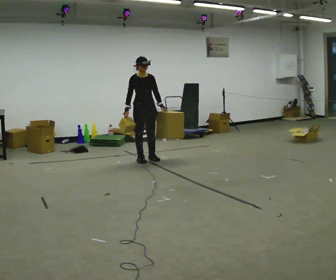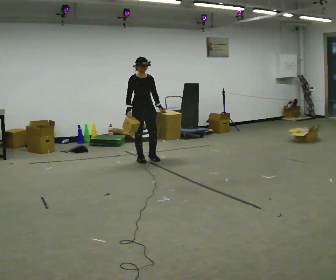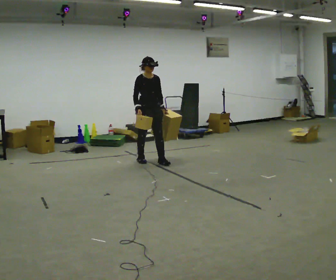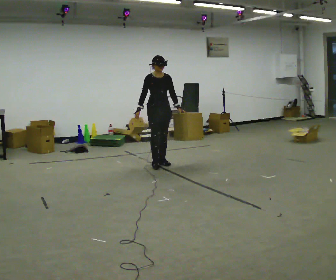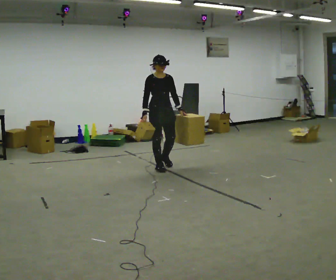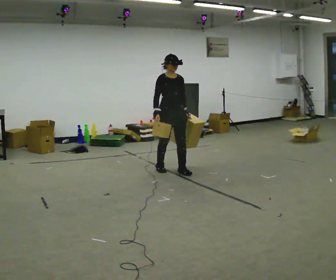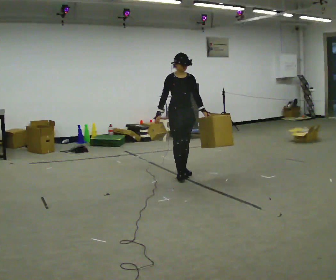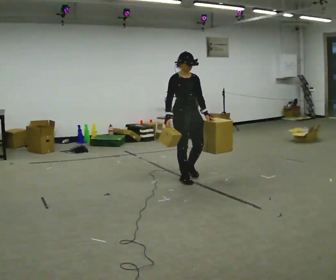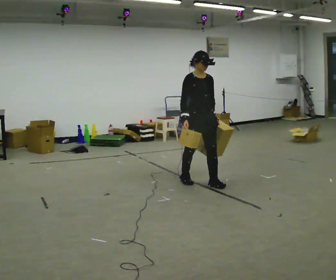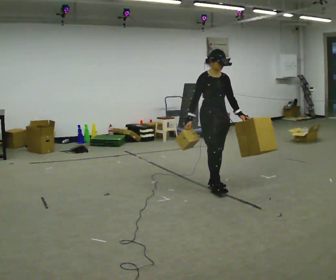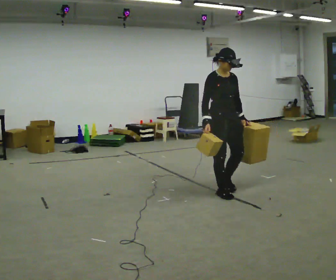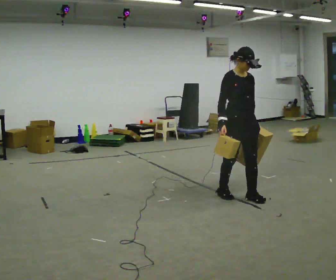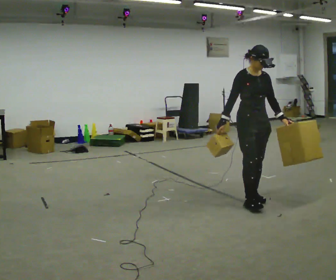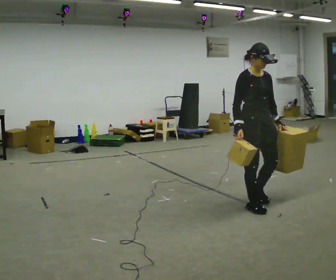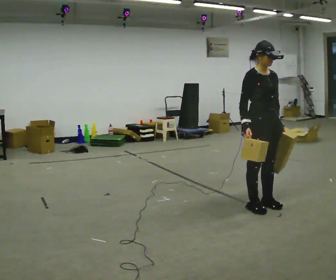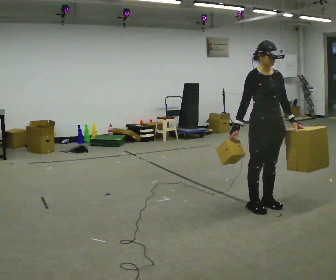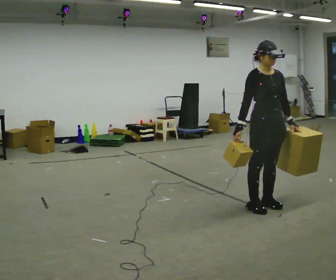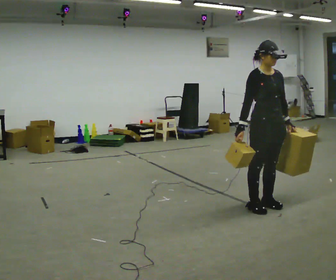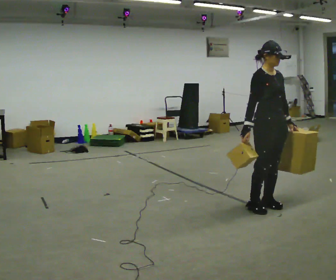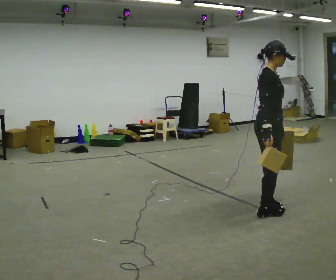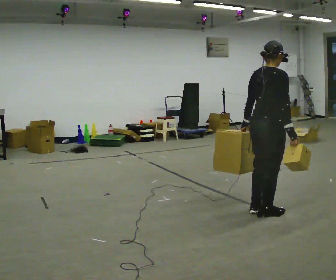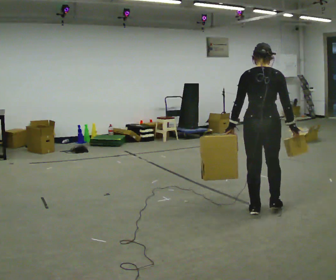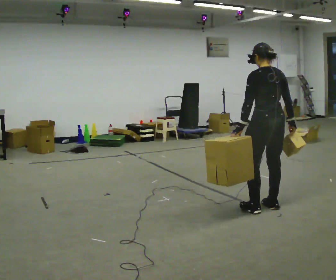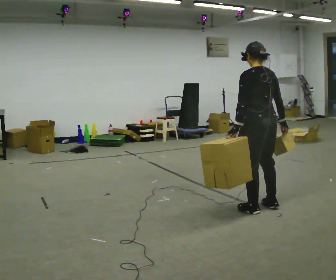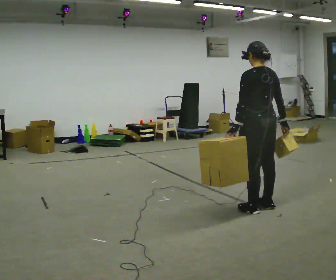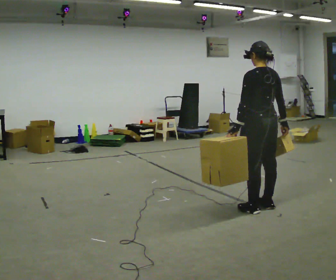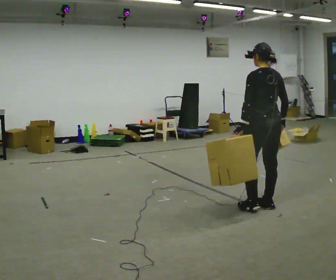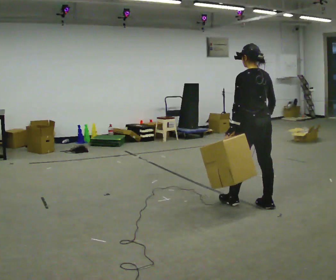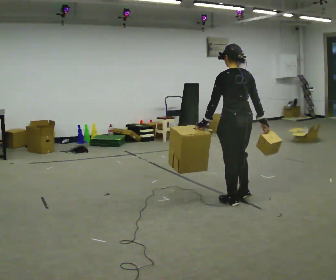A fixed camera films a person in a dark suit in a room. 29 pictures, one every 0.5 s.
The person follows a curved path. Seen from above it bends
clockwise.
0.0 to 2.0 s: In the picture they go toward the camera and to the right, about 0.5 m in 2 steps, which for them is forward.
2.0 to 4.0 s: In the picture they go toward the camera and to the right, about 1 m in 3 steps, which for them is forward.
4.0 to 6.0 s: In the picture they go to the right and toward the camera, about 1 m in 2 steps, which for them is forward.
6.0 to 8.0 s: In the picture they go toward the camera, about 0.25 m in 2 steps, which for them is forward.
8.0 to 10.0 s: The person turns about 105 degrees to their left, counterclockwise seen from above, so the part of the body nearest the lens slides to the right. In the picture they go toward the camera, about 0.25 m in 2 steps. In the picture their left hand goes to the left, the arm swinging clockwise.
10.0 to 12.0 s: Seen from above the body turns counterclockwise, about 90 degrees: to their left, with its near side sliding to the right.
12.0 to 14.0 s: In the picture they go to the left and away from the camera, about 0.25 m in 1 step, which for them is forward.
The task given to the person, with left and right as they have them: Carry one object in each hand, the heavy one in the hand the operator calls, walking back and forth across the room.
The film runs forward here.
